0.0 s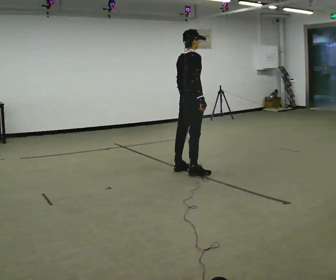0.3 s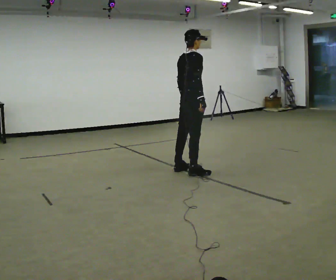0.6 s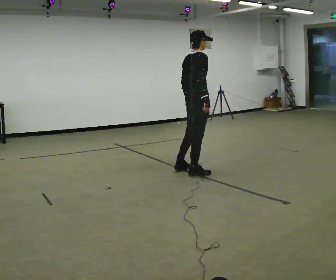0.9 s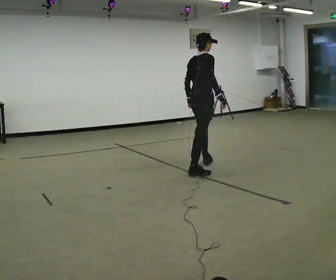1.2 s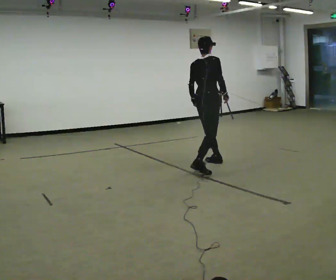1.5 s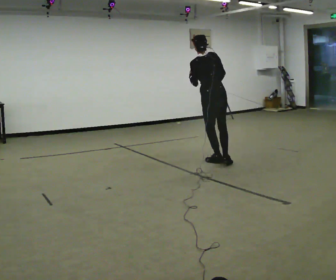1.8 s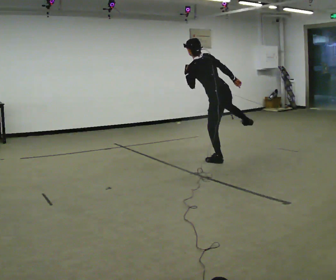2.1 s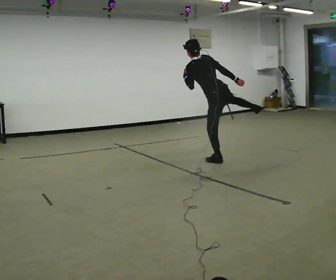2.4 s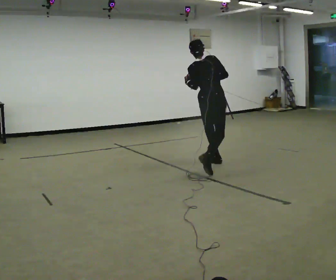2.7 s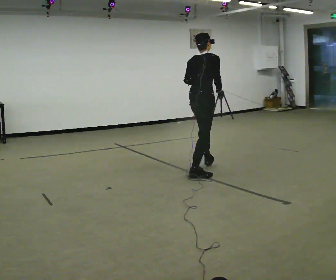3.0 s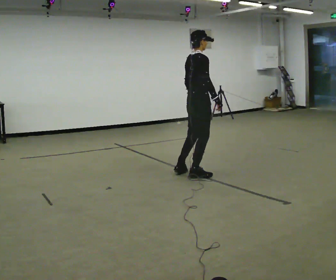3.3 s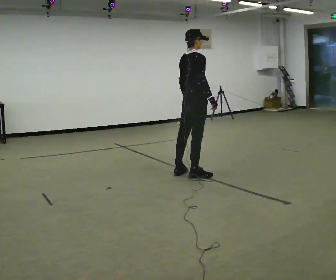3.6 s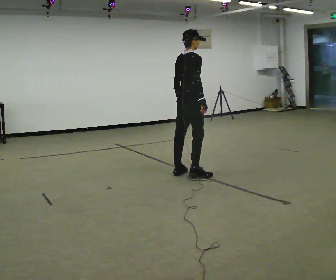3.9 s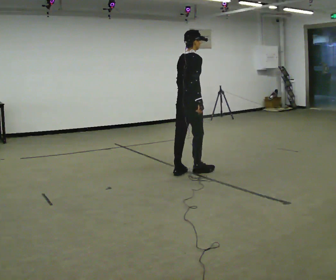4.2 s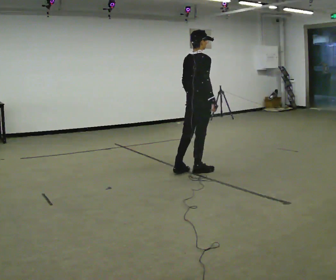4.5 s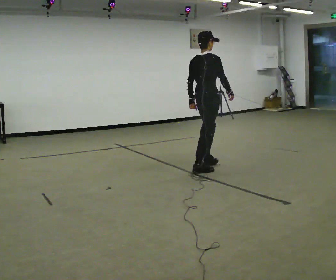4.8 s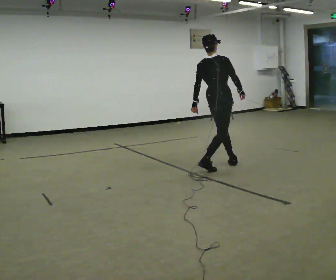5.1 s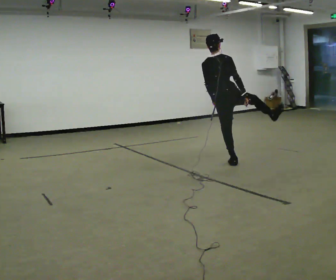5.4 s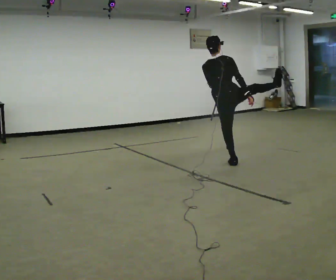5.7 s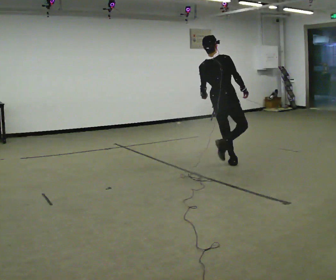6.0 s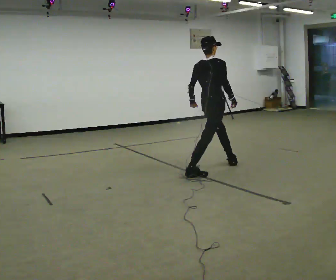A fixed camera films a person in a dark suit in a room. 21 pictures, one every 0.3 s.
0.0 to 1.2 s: In the picture they go away from the camera and to the right, about 0.25 m in 1 step, which for them is forward.
1.2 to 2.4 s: The person turns about 45 degrees to their left, counterclockwise seen from above, so the part of the body nearest the lens slides to the right.
2.4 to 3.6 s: The part of the body nearest the lens slides to the left as the person turns to their right by about 45 degrees. In the picture they go toward the camera and to the left, about 0.5 m in 1 step.
3.6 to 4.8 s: In the picture they go to the right and away from the camera, about 0.5 m in 3 steps, which for them is forward.
4.8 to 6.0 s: The person moves a little, or ends about where they began.
The film runs backward here.
